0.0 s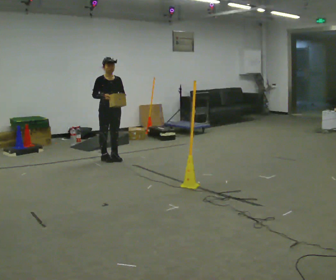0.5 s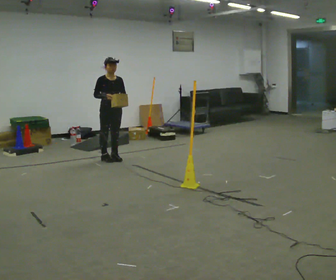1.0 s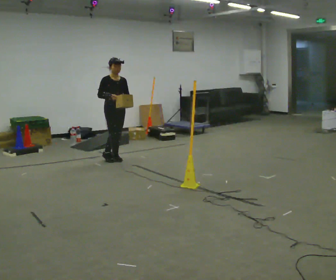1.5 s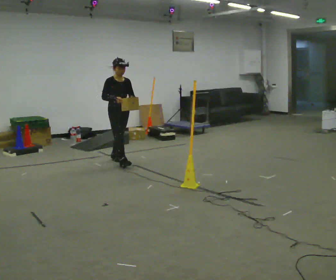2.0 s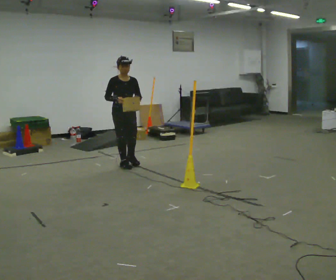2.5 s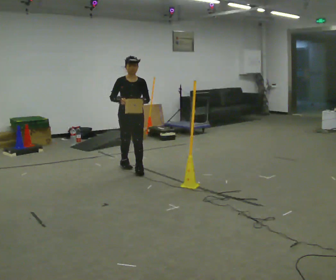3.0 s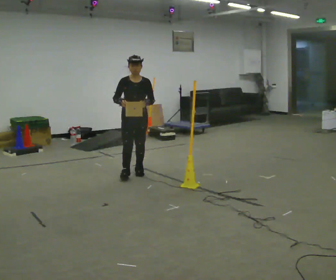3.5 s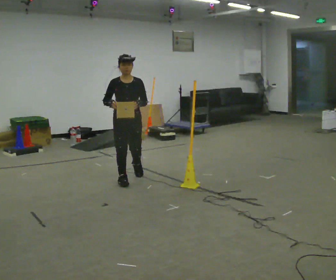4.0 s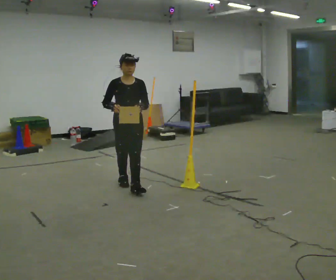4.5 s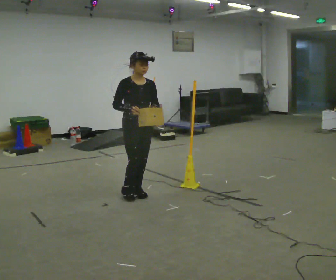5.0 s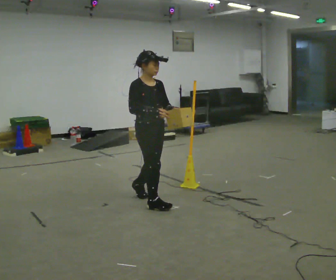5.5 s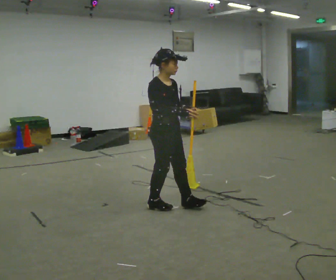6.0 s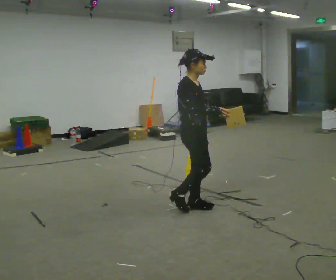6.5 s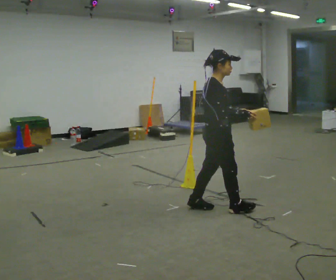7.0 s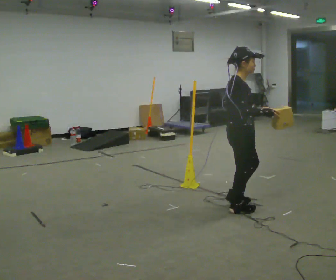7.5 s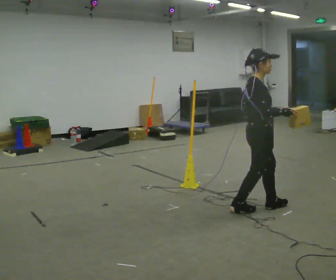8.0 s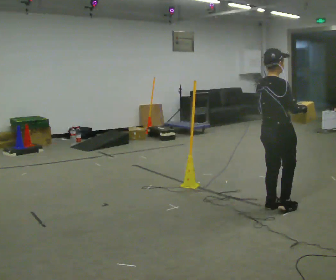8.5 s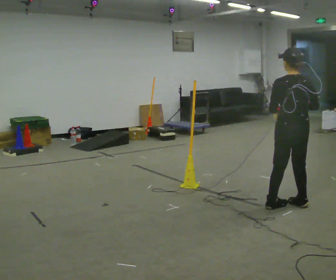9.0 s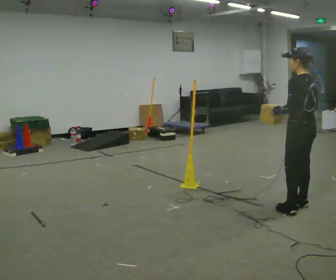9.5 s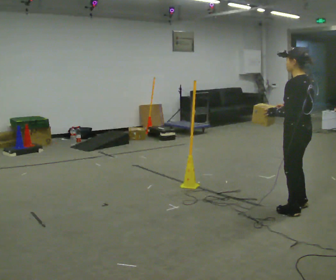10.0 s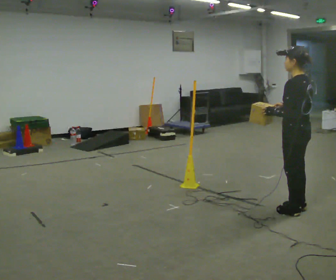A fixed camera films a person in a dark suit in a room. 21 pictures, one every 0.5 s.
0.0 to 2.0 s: In the picture they go toward the camera and to the right, about 0.5 m in 1 step, which for them is forward.
2.0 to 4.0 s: In the picture they go toward the camera, about 1 m in 3 steps, which for them is forward.
4.0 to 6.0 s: The person turns about 60 degrees to their left, counterclockwise seen from above, so the part of the body nearest the lens slides to the right. In the picture they go toward the camera and to the right, about 1 m in 2 steps.
6.0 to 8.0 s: Seen from above the body turns counterclockwise, about 45 degrees: to their left, with its near side sliding to the right. In the picture they go to the right, about 1 m in 2 steps, which for them is forward.
8.0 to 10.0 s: Seen from above the body turns counterclockwise, about 105 degrees: to their left, with its near side sliding to the right. In the picture they go toward the camera, about 0.25 m in 2 steps. In the picture the upper body tilts clockwise, shoulders to the right.
The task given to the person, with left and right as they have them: Carry the box across the room. The operator will step into your path partway across, so go around them and carry on. Keep going until the operator says stop; one object at a time, and do not rush between trips.
The film runs forward here.
